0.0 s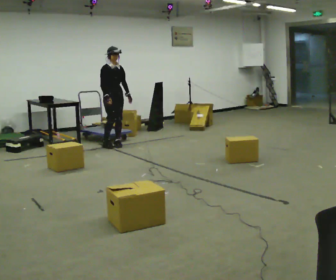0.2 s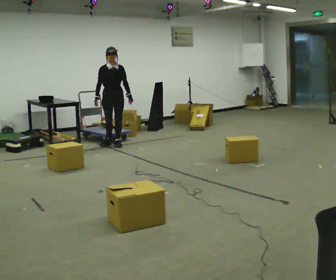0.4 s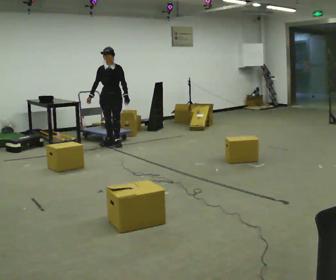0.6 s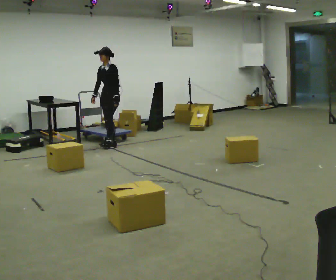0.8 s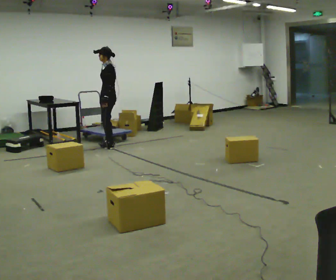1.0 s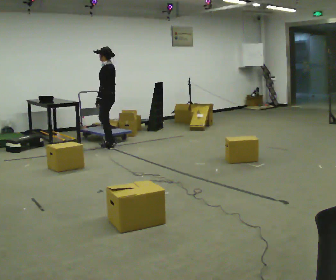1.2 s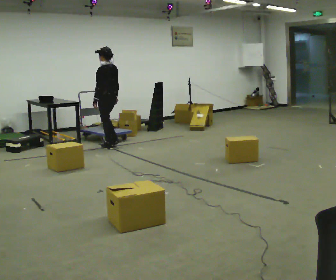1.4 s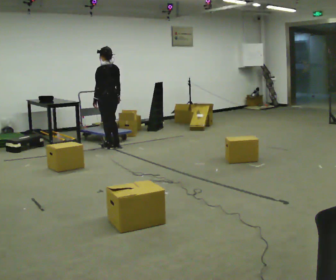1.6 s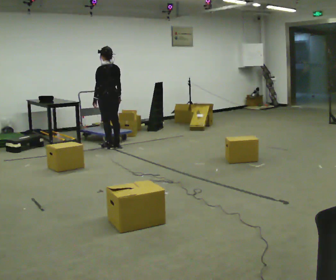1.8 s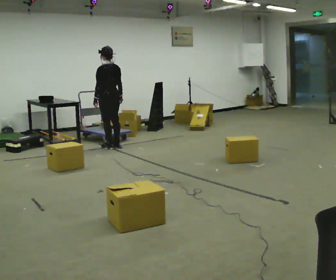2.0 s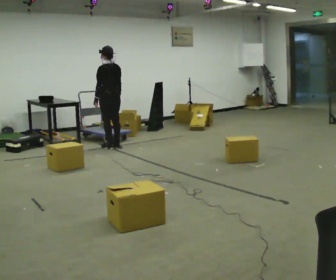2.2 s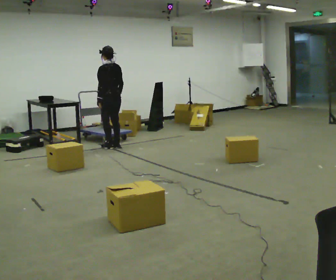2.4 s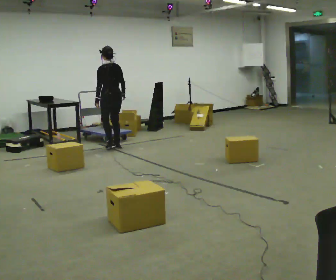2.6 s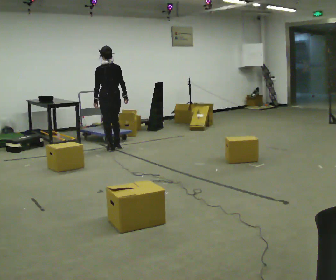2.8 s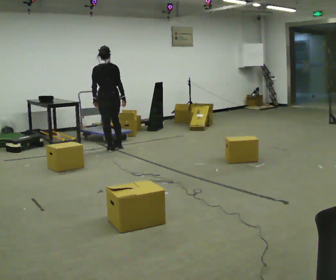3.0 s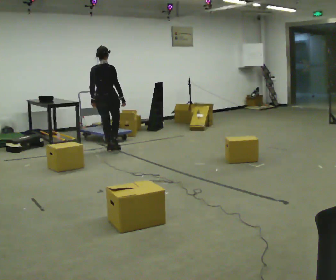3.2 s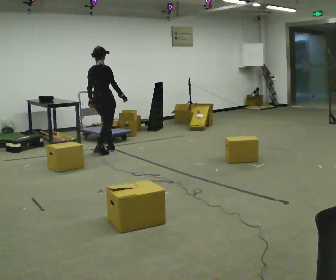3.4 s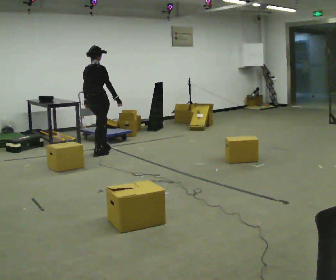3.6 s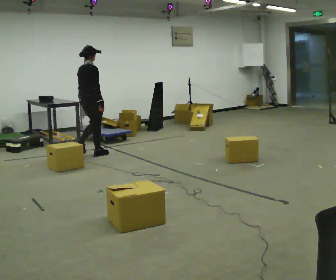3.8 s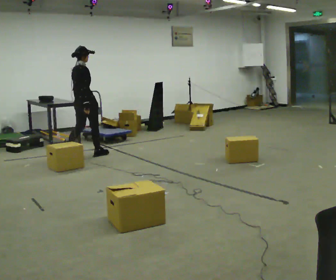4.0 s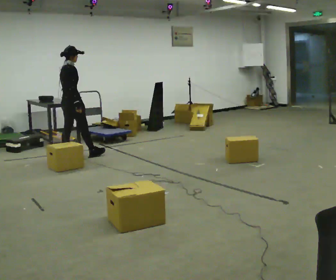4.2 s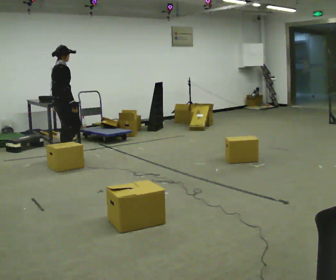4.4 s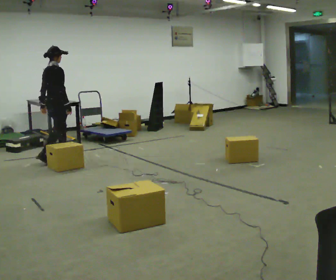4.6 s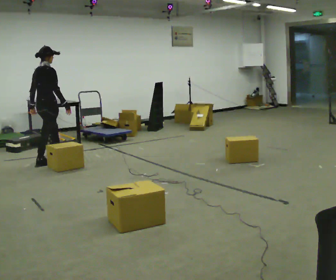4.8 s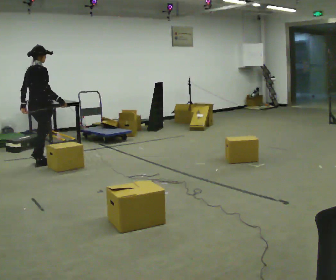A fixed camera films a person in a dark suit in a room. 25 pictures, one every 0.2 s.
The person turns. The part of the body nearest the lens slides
to the left.
The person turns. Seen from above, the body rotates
clockwise.
0.0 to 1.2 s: The part of the body nearest the lens slides to the left as the person turns to their right by about 165 degrees. In the picture their left hand goes to the left, the arm swinging clockwise.
1.2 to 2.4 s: The person moves a little, or ends about where they began.
2.4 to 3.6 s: The part of the body nearest the lens slides to the left as the person turns to their right by about 75 degrees. In the picture they go toward the camera and to the left, about 0.5 m in 2 steps.
3.6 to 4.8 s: In the picture they go to the left and toward the camera, about 1 m in 2 steps, which for them is backward.
The film runs backward here.
